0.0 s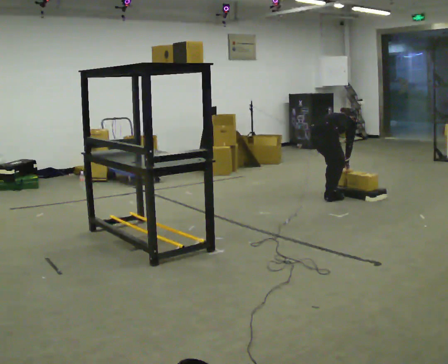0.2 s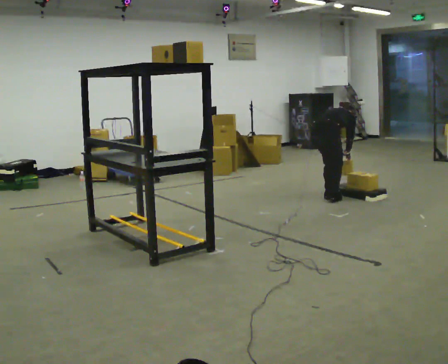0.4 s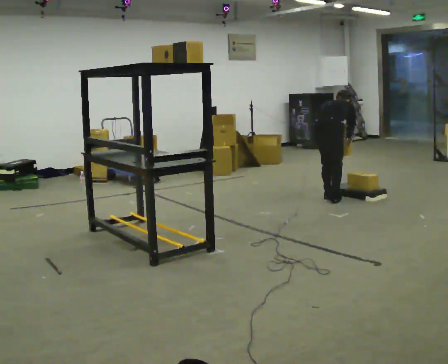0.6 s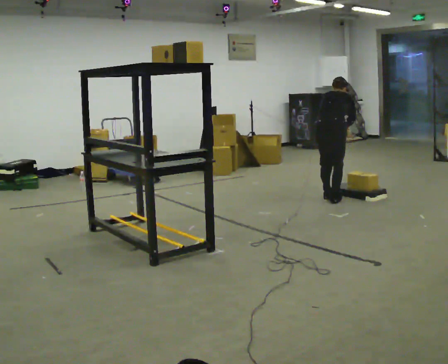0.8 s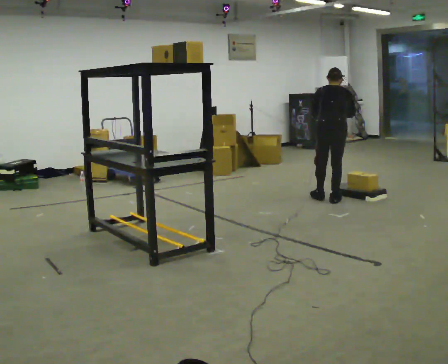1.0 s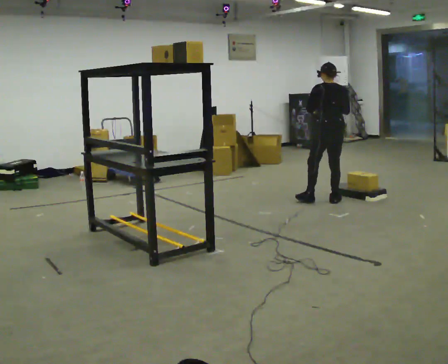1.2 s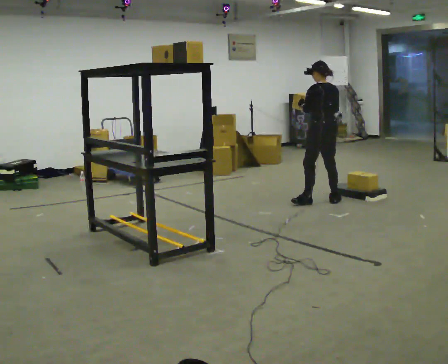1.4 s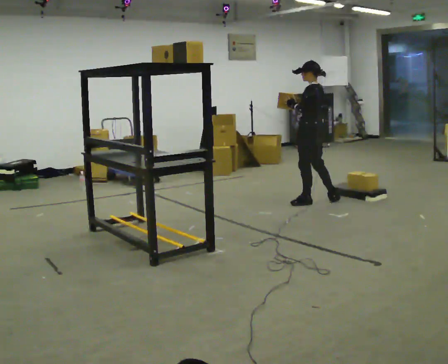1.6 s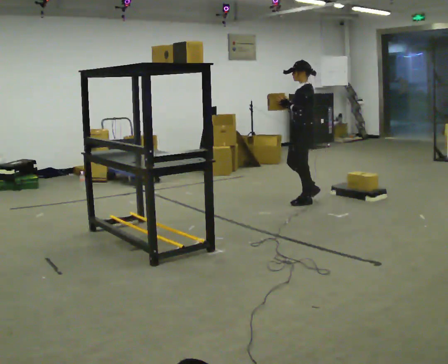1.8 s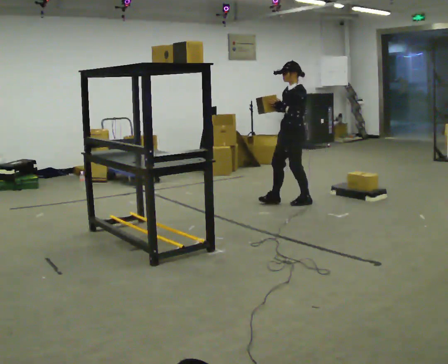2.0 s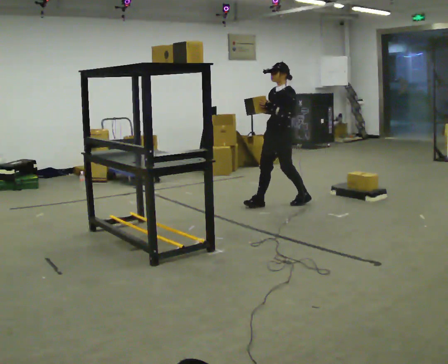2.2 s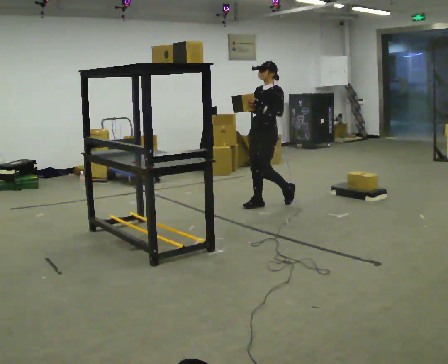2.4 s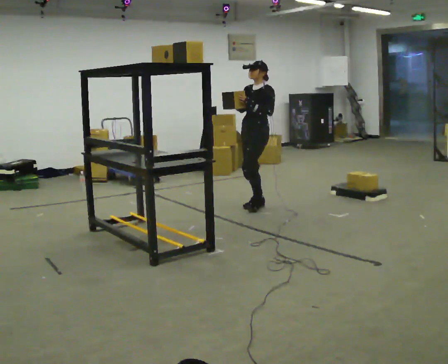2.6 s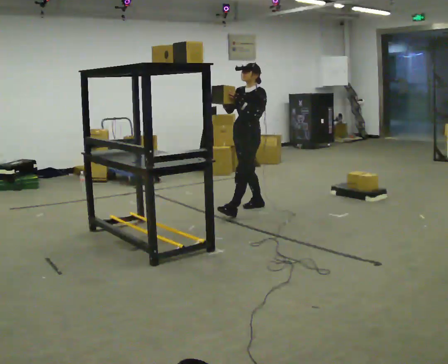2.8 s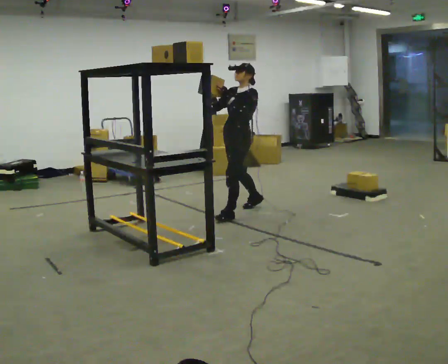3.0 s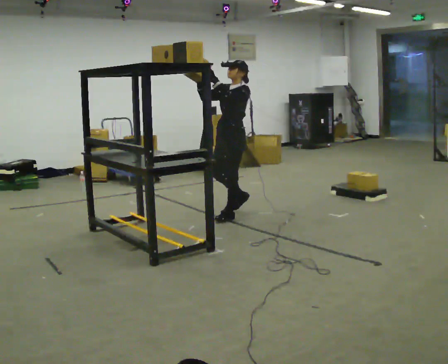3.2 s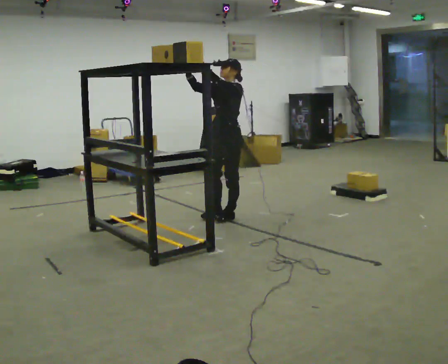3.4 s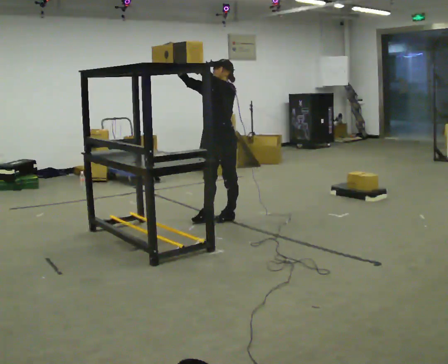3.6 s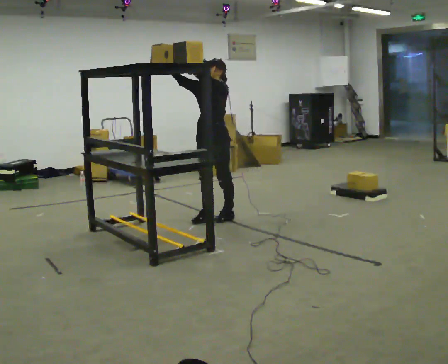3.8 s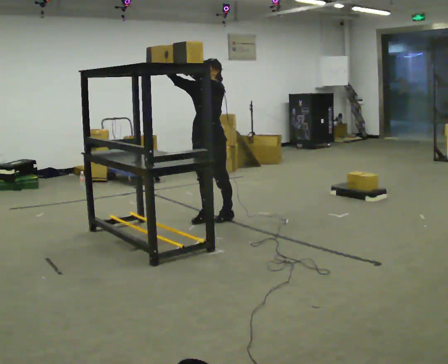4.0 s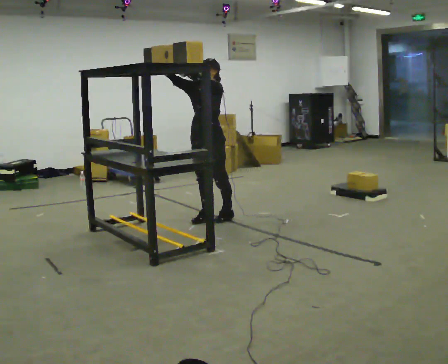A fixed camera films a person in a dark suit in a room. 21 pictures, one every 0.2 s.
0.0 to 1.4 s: The part of the body nearest the lens slides to the right as the person turns to their left by about 105 degrees. The shoulders move upward. The upper body tips toward the camera, its near side rolling downward, as they lean back or straighten. In the picture their right hand goes upward and to the left.
1.4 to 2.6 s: Seen from above the body turns counterclockwise, about 60 degrees: to their left, with its near side sliding to the right. In the picture they go to the left, about 0.5 m in 1 step.
2.6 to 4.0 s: In the picture they go toward the camera and to the left, about 0.5 m in 2 steps, which for them is forward. In the picture their right hand goes upward.
The film runs forward here.
